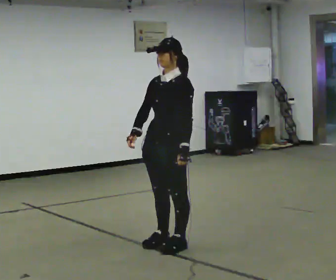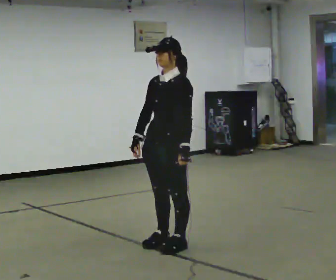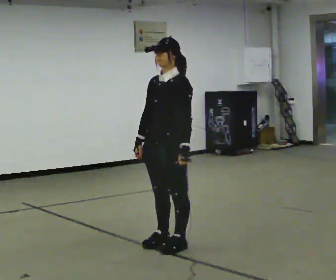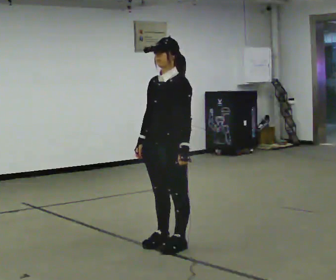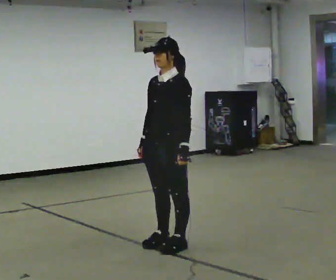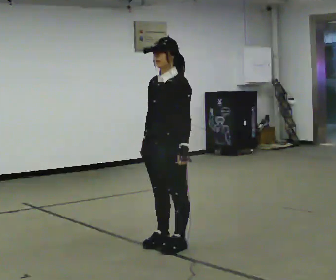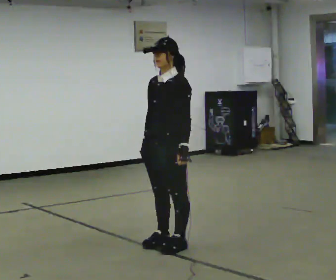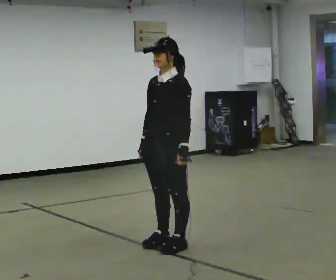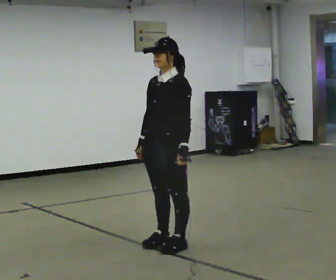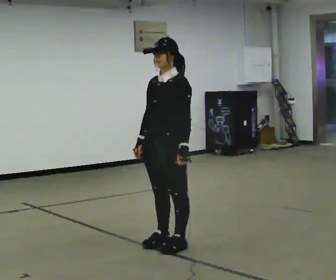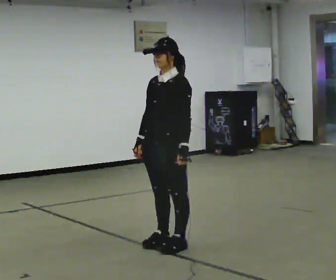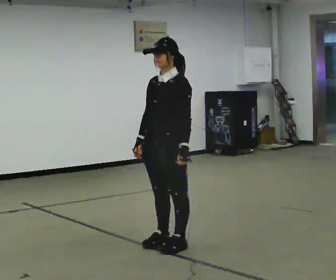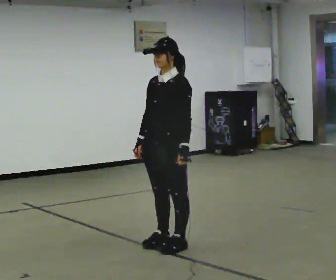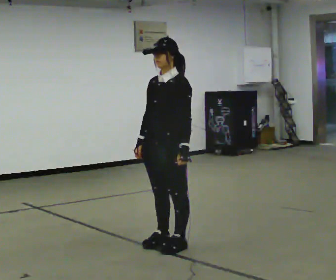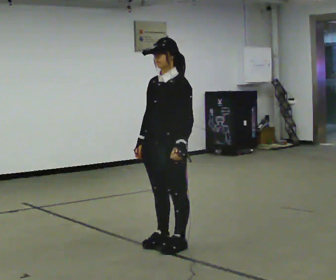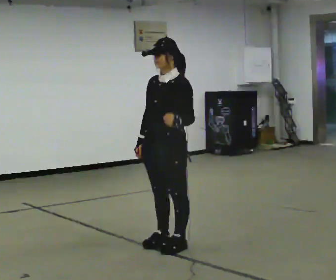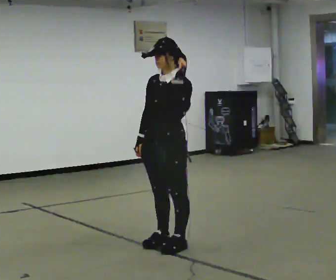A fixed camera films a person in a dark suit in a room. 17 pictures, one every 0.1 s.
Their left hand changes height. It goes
upward.
0.0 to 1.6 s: In the picture their left hand goes upward.
The film runs forward here.
